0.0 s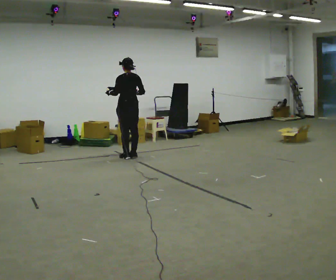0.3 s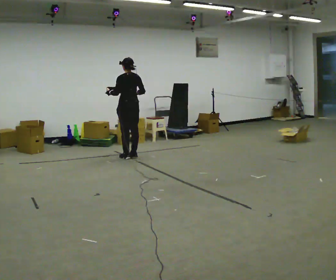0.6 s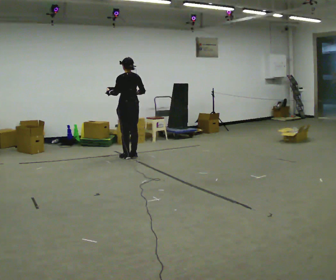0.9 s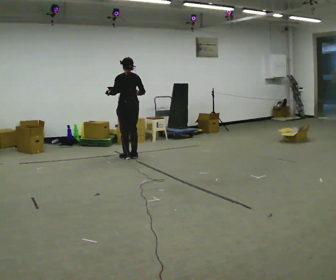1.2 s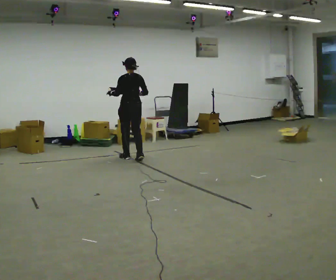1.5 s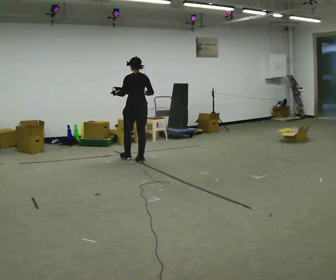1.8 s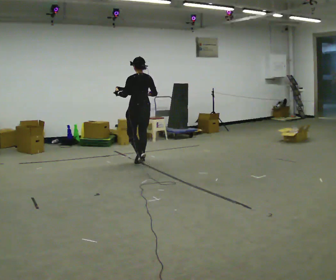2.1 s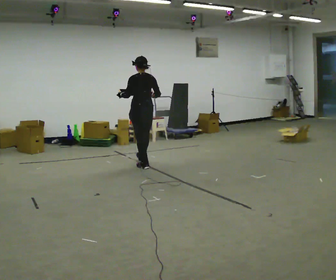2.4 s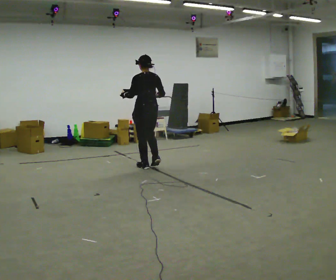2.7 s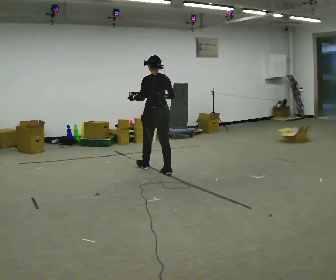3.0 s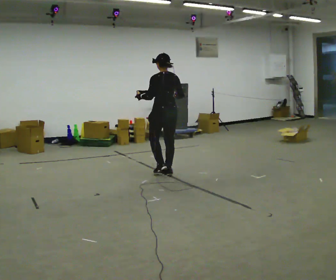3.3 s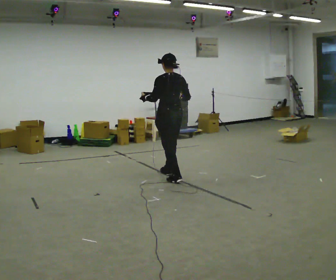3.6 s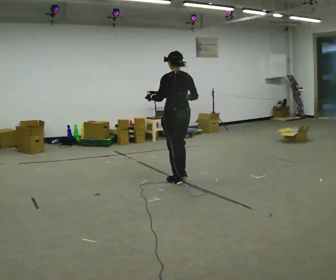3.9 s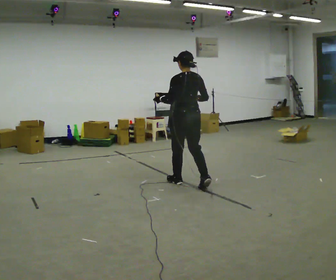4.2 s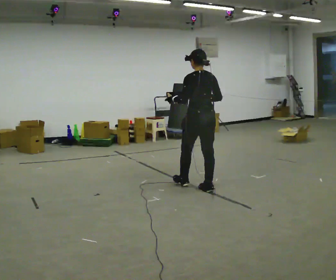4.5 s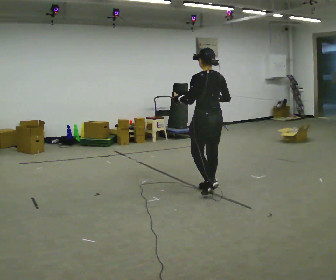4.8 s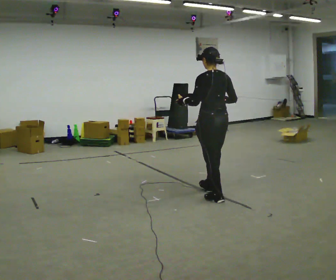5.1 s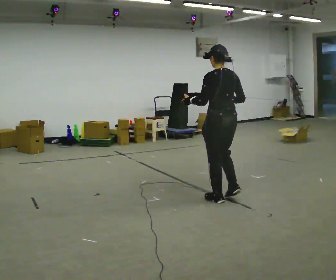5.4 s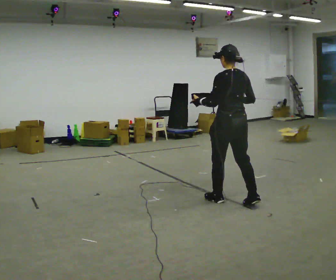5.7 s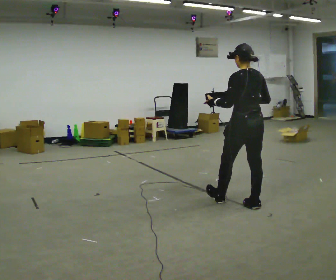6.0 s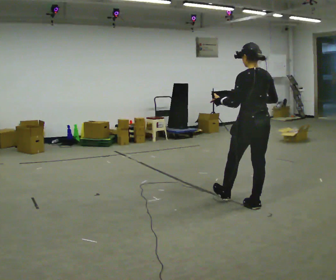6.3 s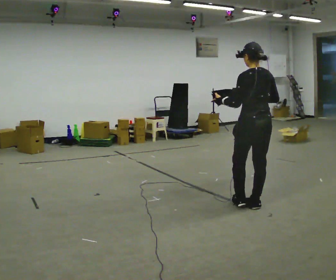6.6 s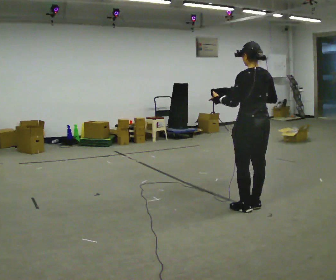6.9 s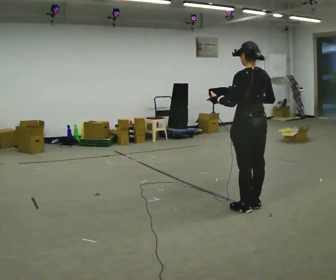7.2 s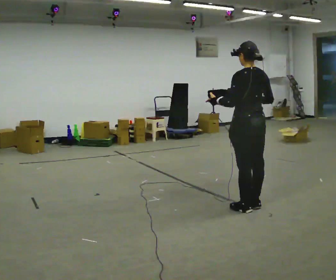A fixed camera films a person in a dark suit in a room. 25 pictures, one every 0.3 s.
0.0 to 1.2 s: In the picture they go toward the camera, about 0.25 m in 1 step, which for them is backward.
1.2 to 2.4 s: In the picture they go toward the camera and to the right, about 0.75 m in 2 steps, which for them is backward.
2.4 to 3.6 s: In the picture they go toward the camera and to the right, about 1 m in 2 steps, which for them is backward.
3.6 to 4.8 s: In the picture they go toward the camera and to the right, about 0.5 m in 1 step, which for them is backward.
4.8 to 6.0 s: In the picture they go toward the camera and to the right, about 0.5 m in 2 steps, which for them is backward.
6.0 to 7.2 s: The person moves a little, or ends about where they began.
The film runs backward here.
